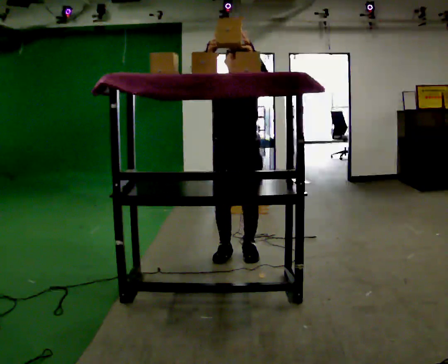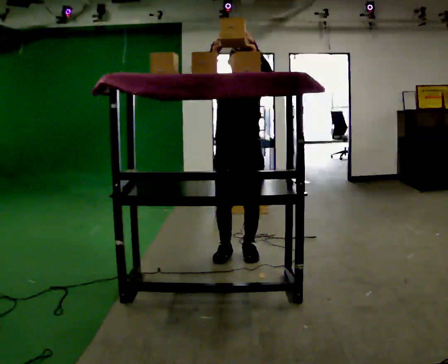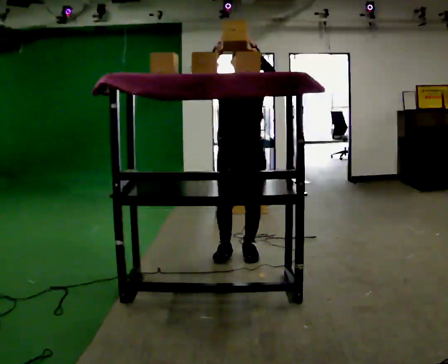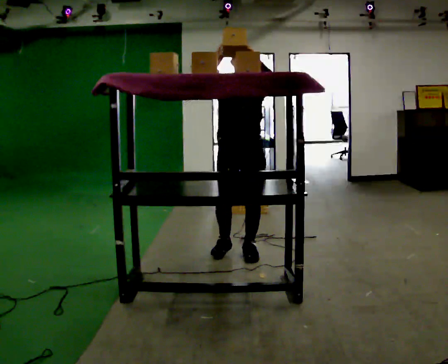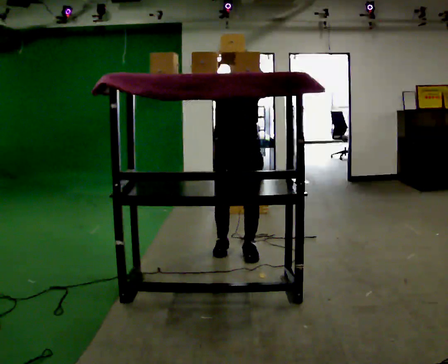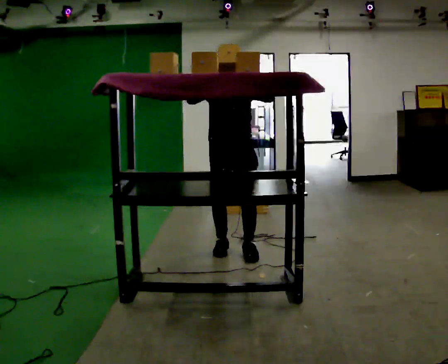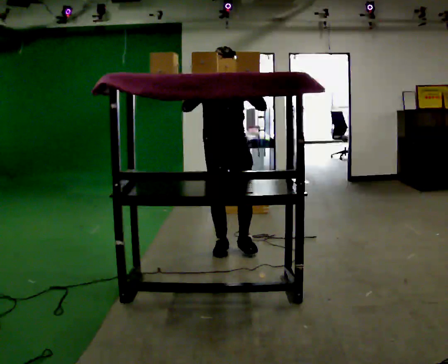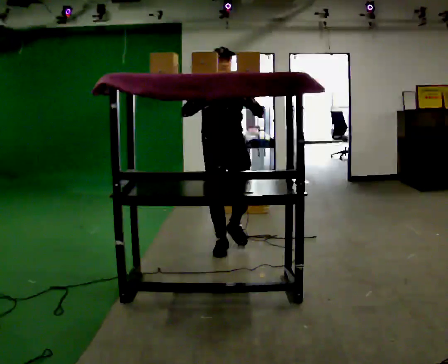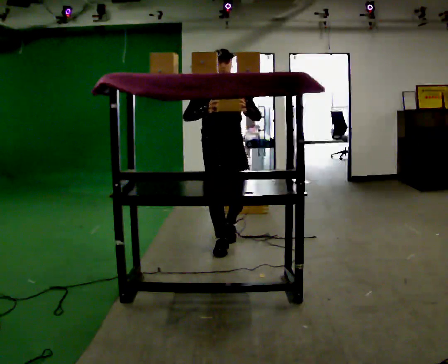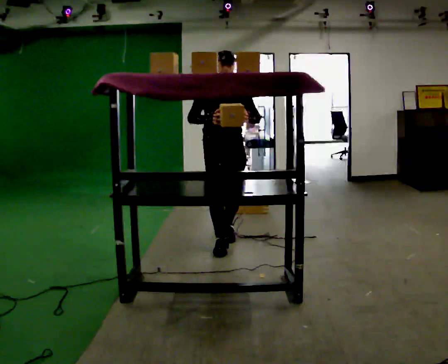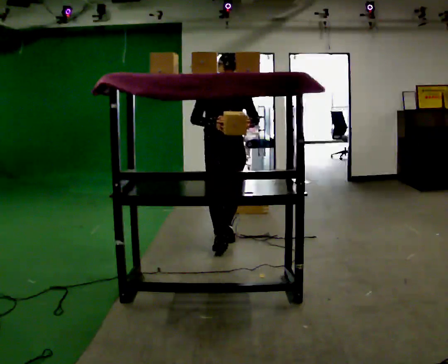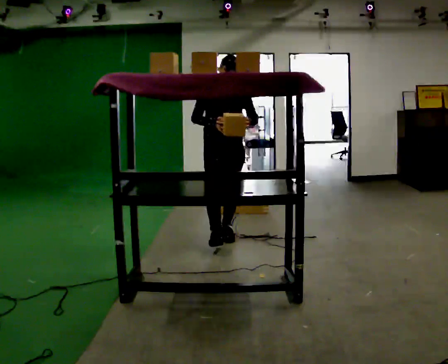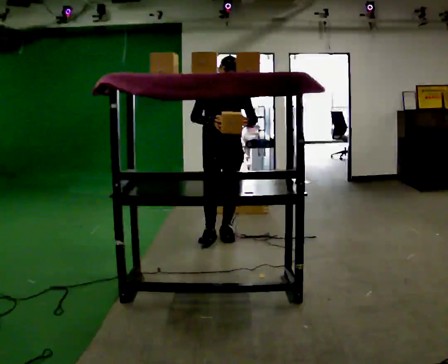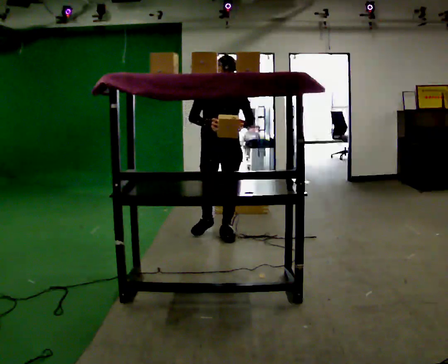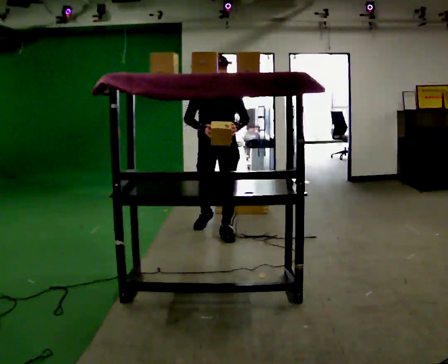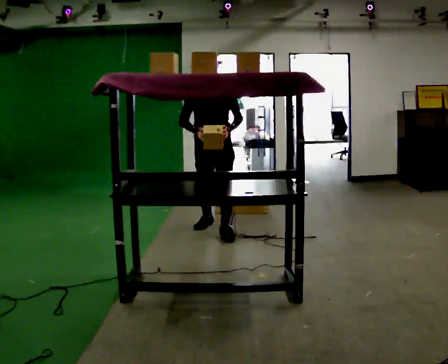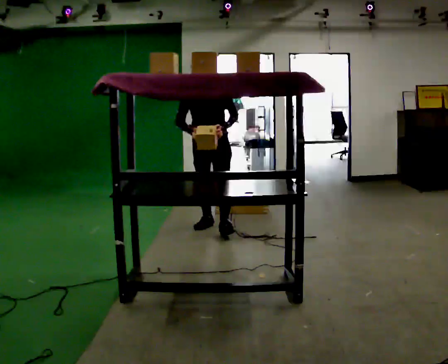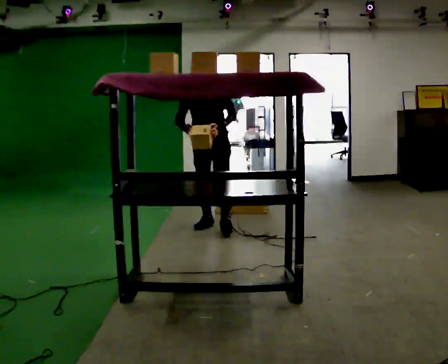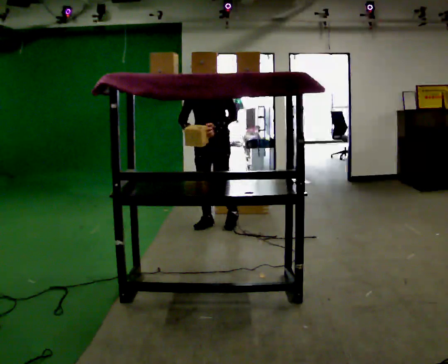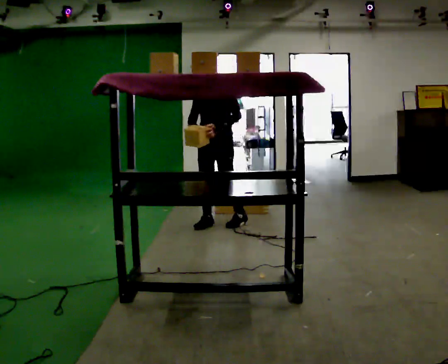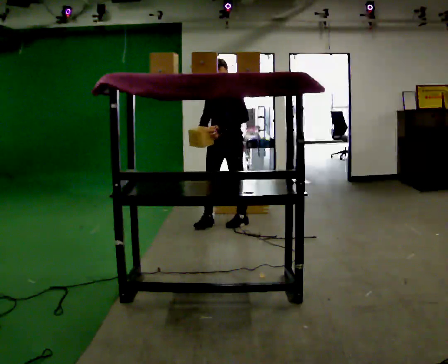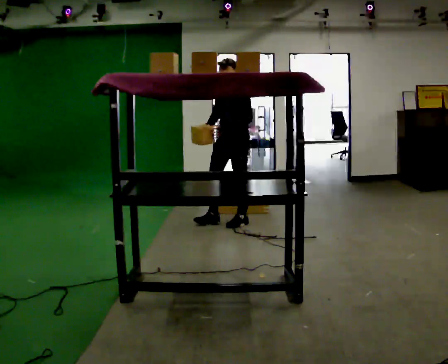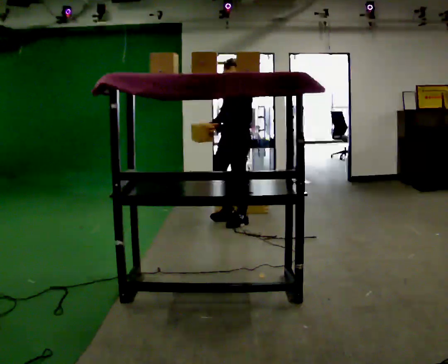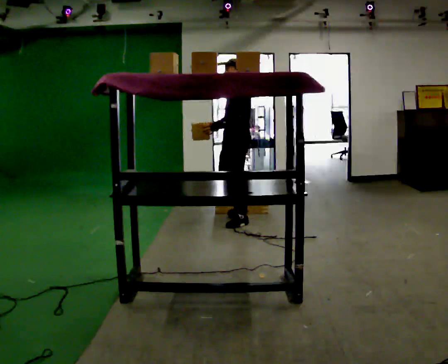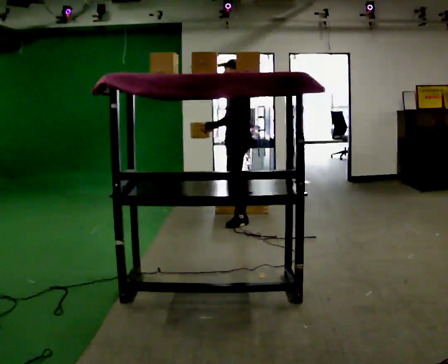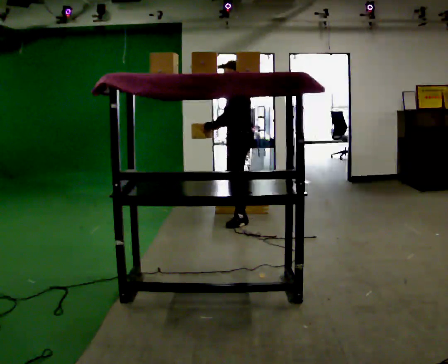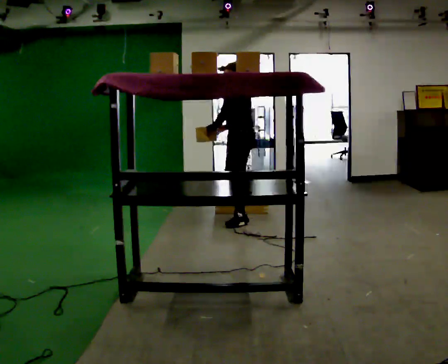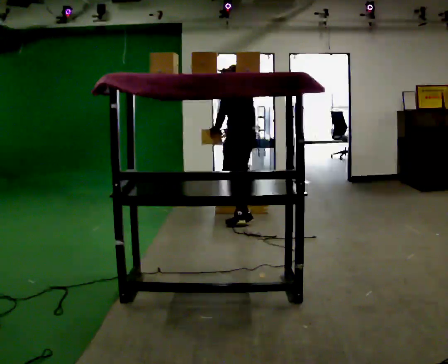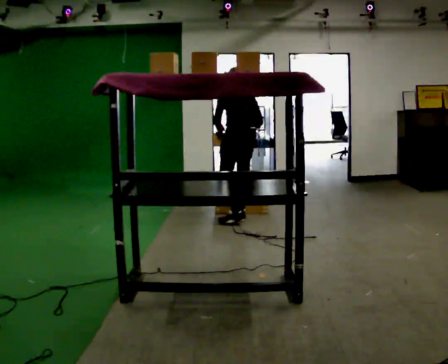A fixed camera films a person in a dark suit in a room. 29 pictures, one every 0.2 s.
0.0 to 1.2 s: In the picture they go away from the camera, about 0.25 m in 2 steps, which for them is backward.
1.2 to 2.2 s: In the picture they go away from the camera, about 0.5 m in 1 step, which for them is backward.
2.2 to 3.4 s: The person turns about 30 degrees to their right, clockwise seen from above, so the part of the body nearest the lens slides to the left. In the picture they go away from the camera, about 0.5 m in 1 step, which for them is backward.
3.4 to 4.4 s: The person turns about 45 degrees to their right, clockwise seen from above, so the part of the body nearest the lens slides to the left. In the picture they go to the right, about 0.25 m in 1 step, which for them is backward and to their left.
4.4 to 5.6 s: The person turns about 90 degrees to their right, clockwise seen from above, so the part of the body nearest the lens slides to the left. The upper body tips away from the camera, its near side rolling upward, as they bend forward. In the picture their right hand goes to the right.
The film runs backward here.
